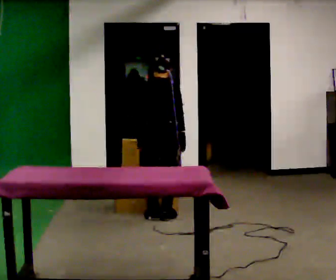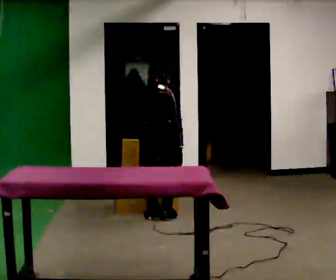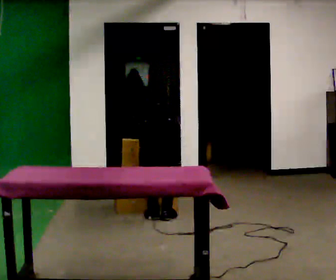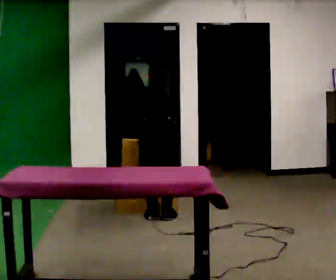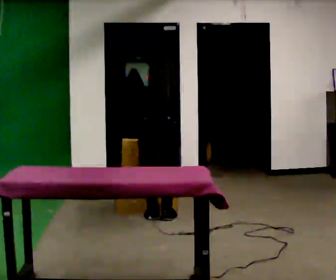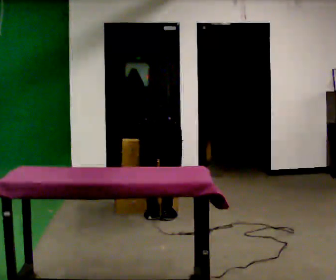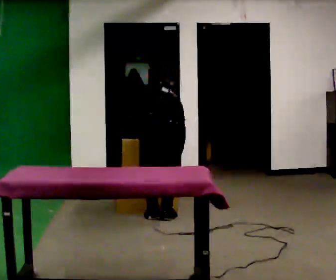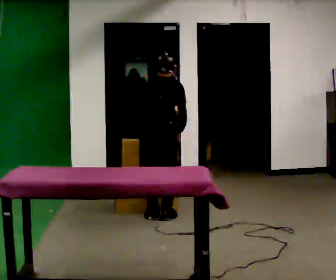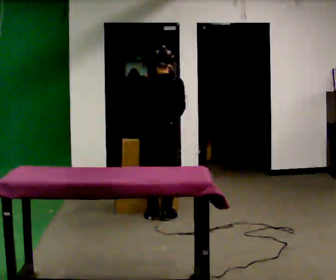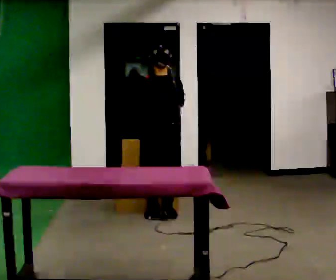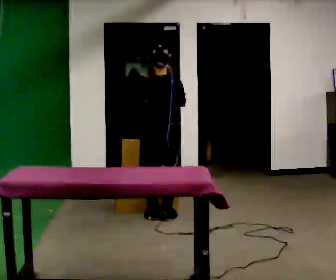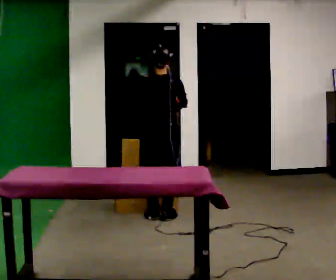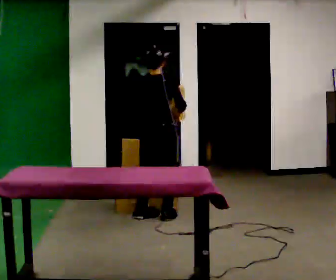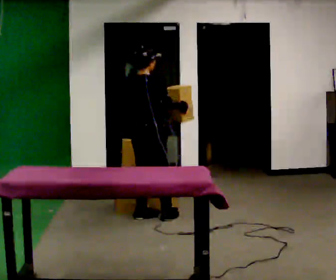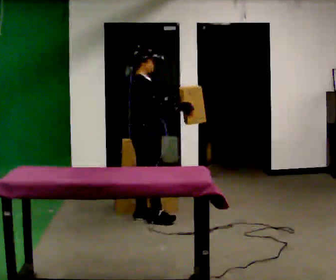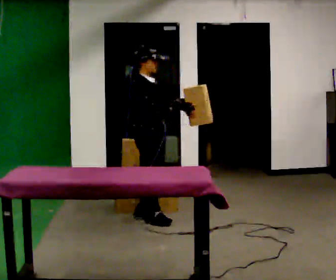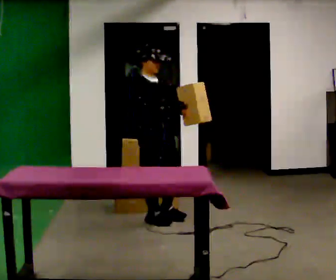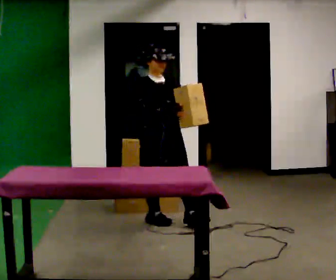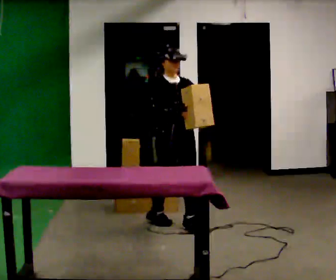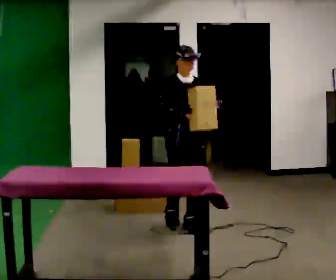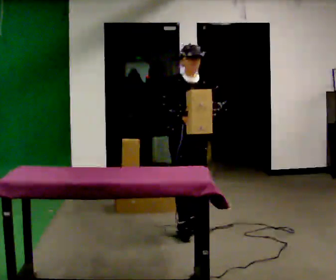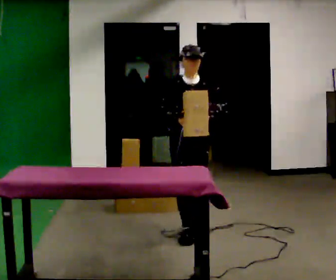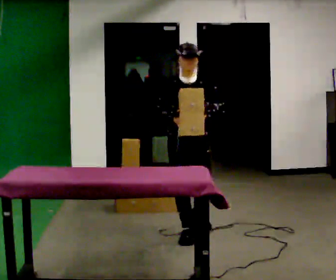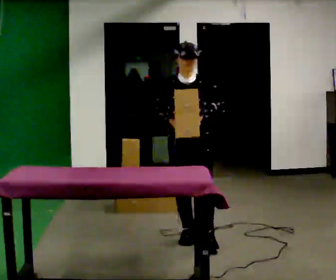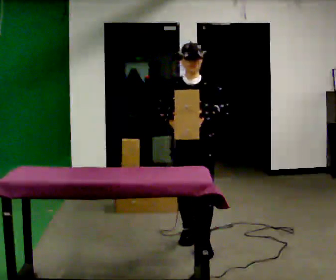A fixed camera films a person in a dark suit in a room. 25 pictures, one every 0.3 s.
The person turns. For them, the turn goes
to their right.
The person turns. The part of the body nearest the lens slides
to the left.
0.0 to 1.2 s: The shoulders move downward. The upper body tips away from the camera, its near side rolling upward, as they bend forward. In the picture their right hand goes downward.
1.2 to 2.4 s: The shoulders move upward. The upper body tips toward the camera, its near side rolling downward, as they lean back or straighten. In the picture their left hand goes upward.
2.4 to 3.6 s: The person moves a little, or ends about where they began.
3.6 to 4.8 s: The part of the body nearest the lens slides to the left as the person turns to their right by about 105 degrees. In the picture they go toward the camera, about 0.25 m.
4.8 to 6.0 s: Seen from above the body turns clockwise, about 45 degrees: to their right, with its near side sliding to the left. In the picture they go to the right and toward the camera, about 0.5 m in 1 step, which for them is forward and to their left.
6.0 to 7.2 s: In the picture they go toward the camera, about 0.5 m in 2 steps, which for them is forward.
The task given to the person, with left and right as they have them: Carry the object across the room, open the lid of the container, put the object inside, and close the lid again. Then go back for the next one. Keep going until the operator says stop; one object at a time, and do not rush between trips.
The film runs forward here.
